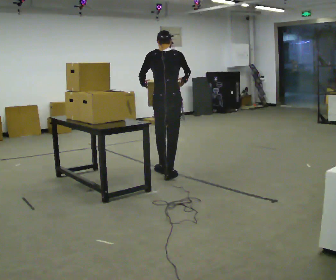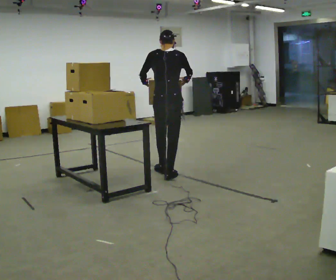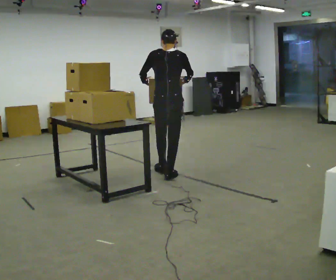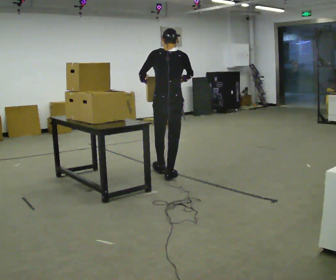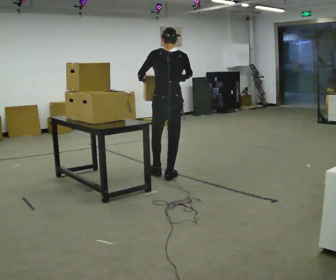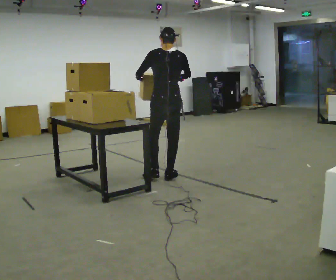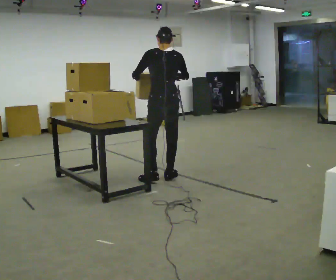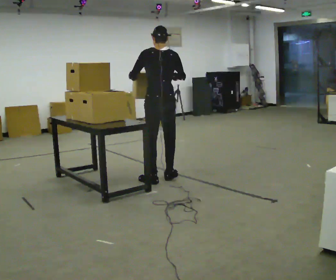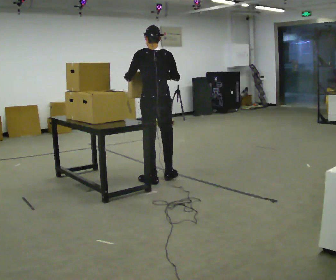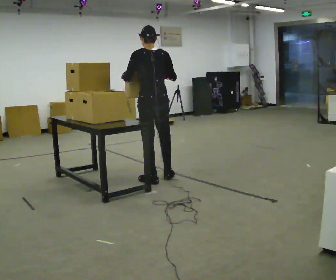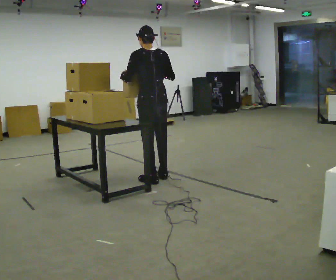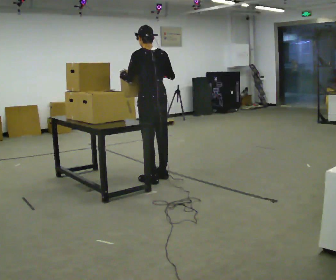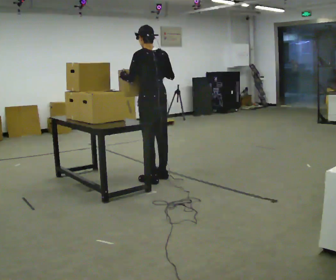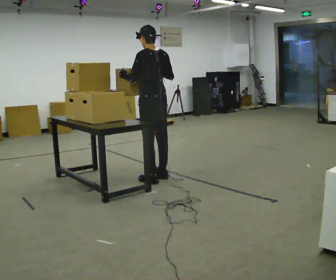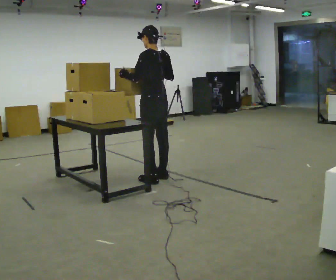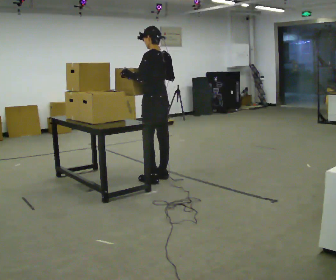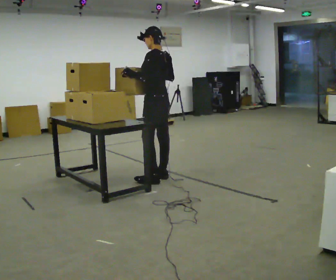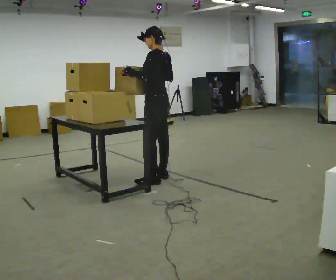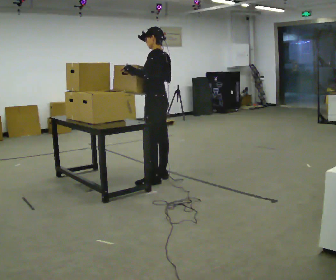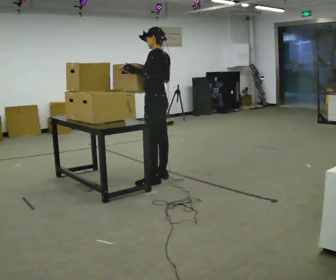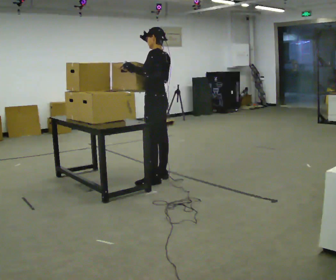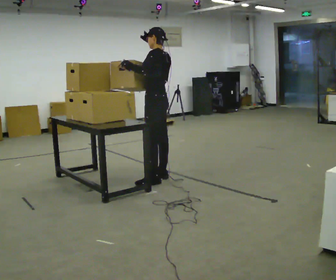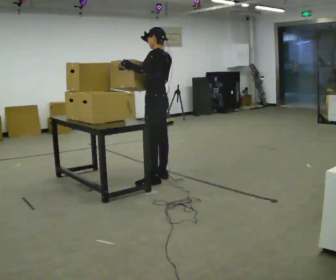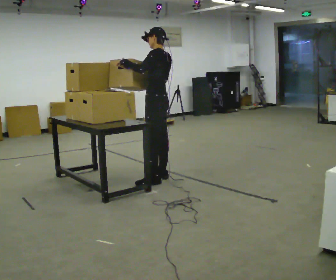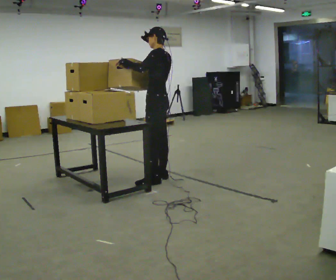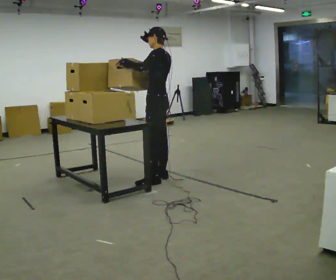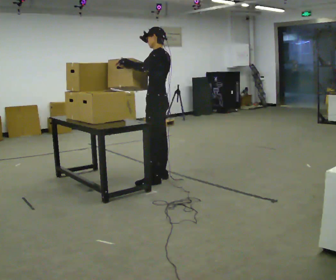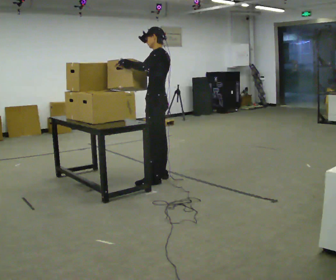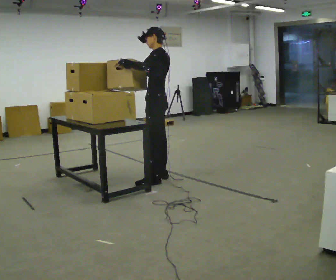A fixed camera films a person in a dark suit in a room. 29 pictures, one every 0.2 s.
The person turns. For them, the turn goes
to their left.
The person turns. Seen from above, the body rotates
counterclockwise.
0.0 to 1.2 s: In the picture they go toward the camera, about 0.25 m in 1 step, which for them is backward.
1.2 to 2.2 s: The person moves a little, or ends about where they began.
2.2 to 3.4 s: Seen from above the body turns counterclockwise, about 30 degrees: to their left, with its near side sliding to the right. In the picture they go away from the camera, about 0.25 m, which for them is to their right.
3.4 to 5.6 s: The person moves a little, or ends about where they began.
The film runs backward here.
